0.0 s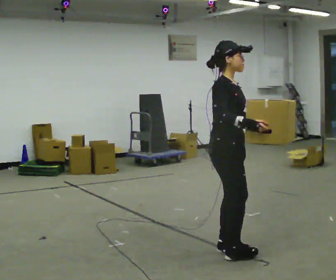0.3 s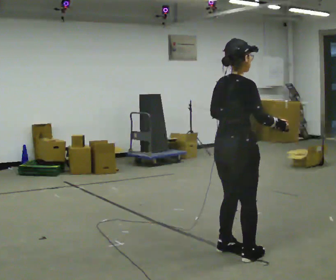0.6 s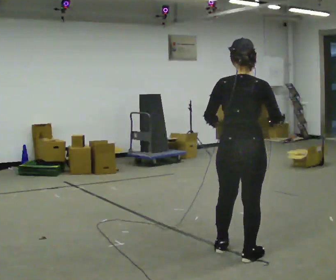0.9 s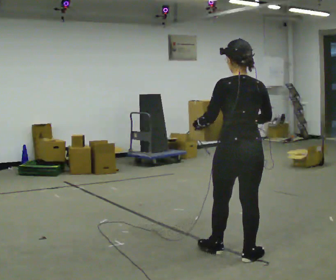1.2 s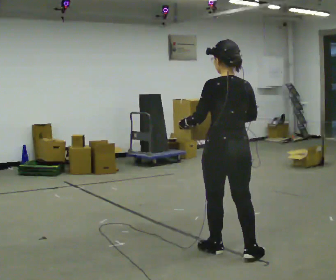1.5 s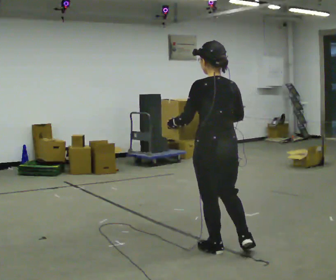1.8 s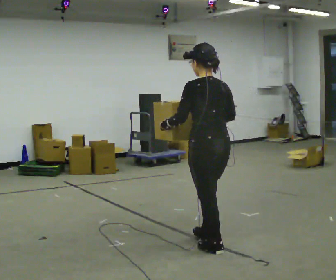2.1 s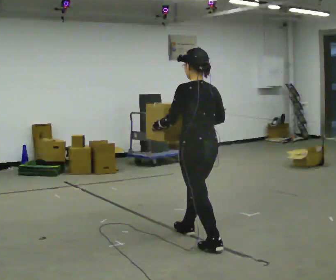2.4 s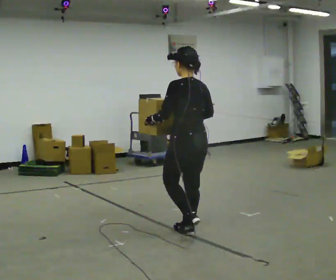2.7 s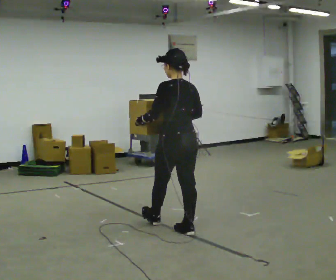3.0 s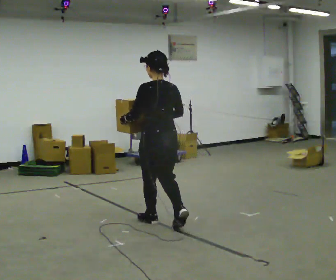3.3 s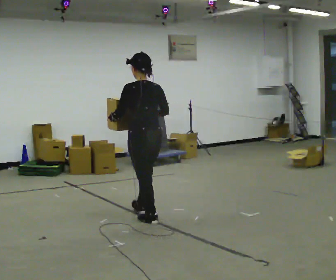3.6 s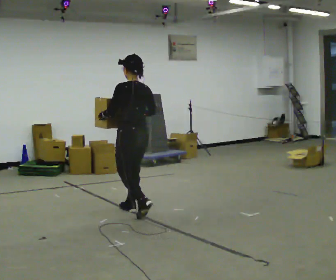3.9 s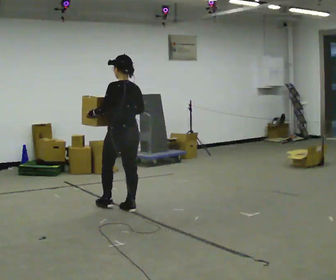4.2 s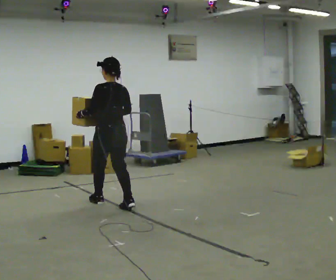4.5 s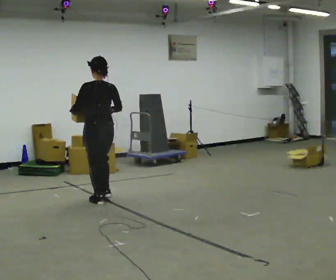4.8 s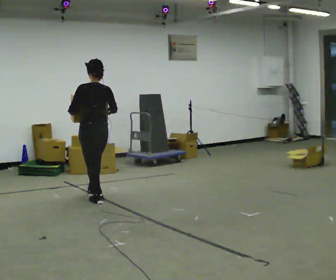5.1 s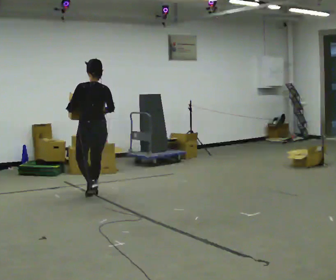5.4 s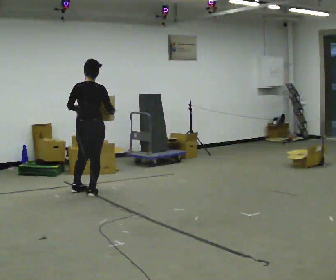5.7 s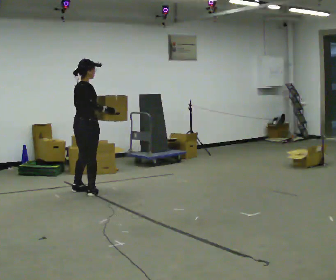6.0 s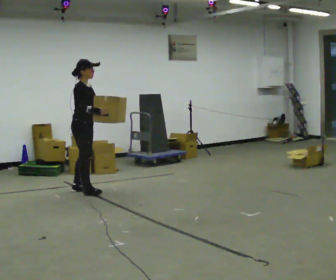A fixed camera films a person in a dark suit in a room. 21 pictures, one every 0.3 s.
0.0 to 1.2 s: The person turns about 120 degrees to their left, counterclockwise seen from above, so the part of the body nearest the lens slides to the right.
1.2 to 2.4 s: In the picture they go away from the camera and to the left, about 0.5 m in 1 step, which for them is forward.
2.4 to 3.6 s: In the picture they go away from the camera and to the left, about 1 m in 2 steps, which for them is forward.
3.6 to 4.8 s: In the picture they go away from the camera and to the left, about 1 m in 2 steps, which for them is forward.
4.8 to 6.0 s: The person turns about 135 degrees to their right, clockwise seen from above, so the part of the body nearest the lens slides to the left. In the picture they go away from the camera and to the left, about 0.5 m in 1 step.
The film runs forward here.
